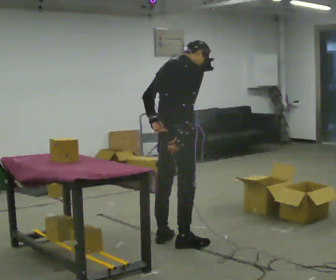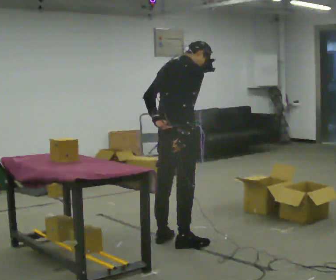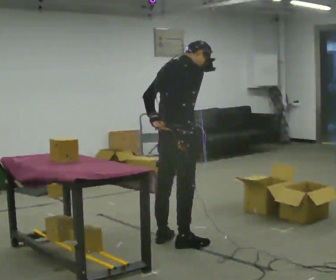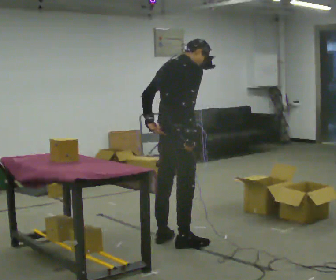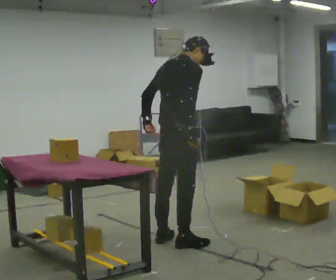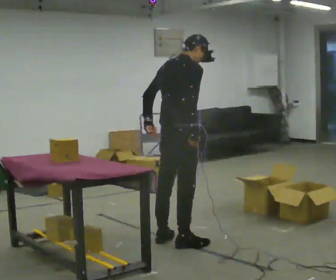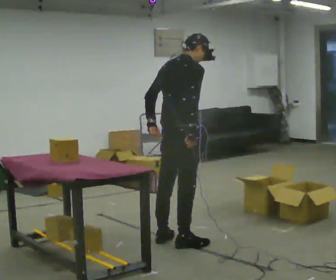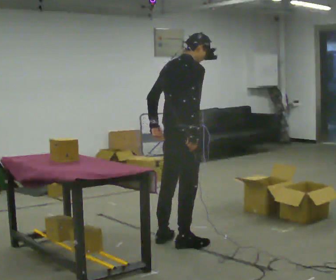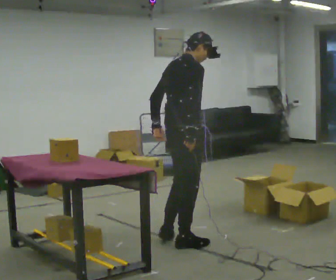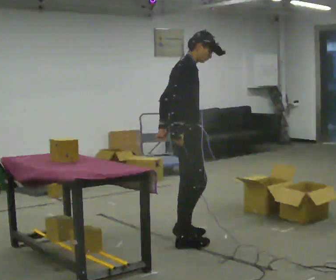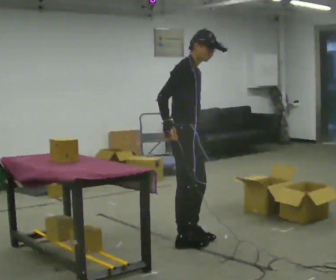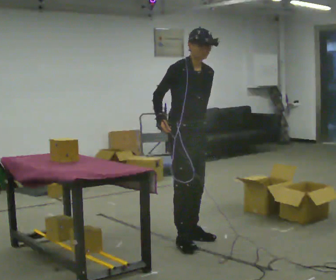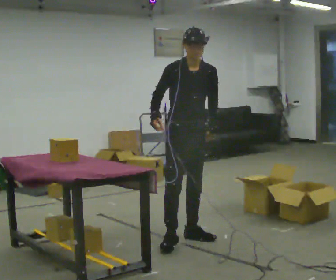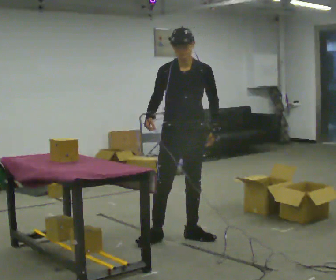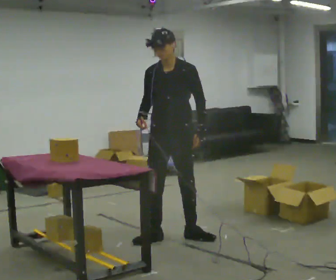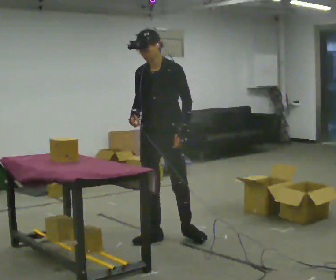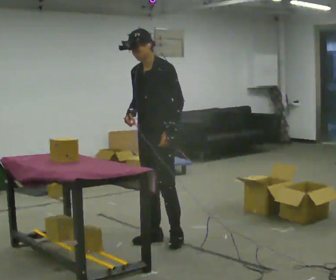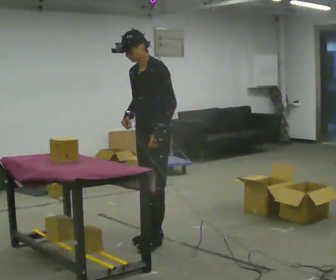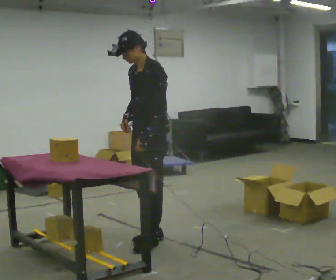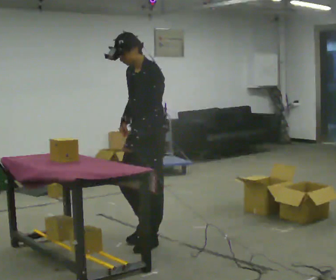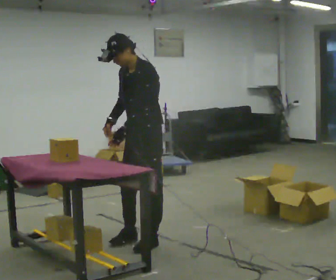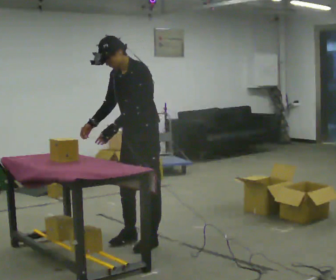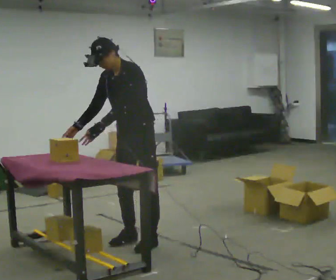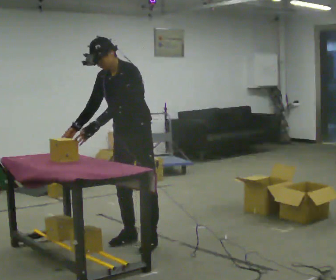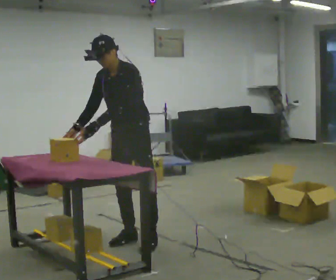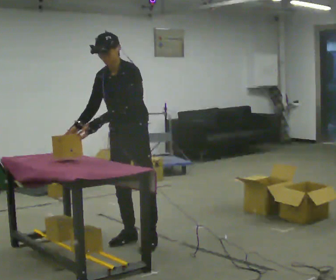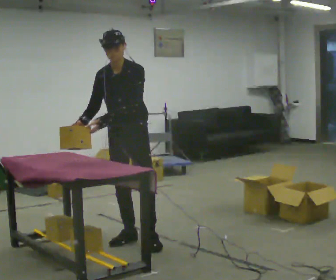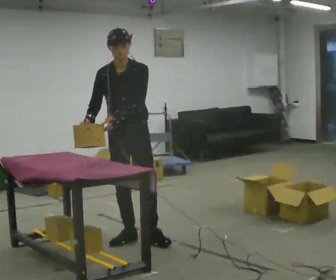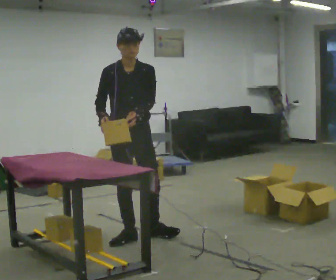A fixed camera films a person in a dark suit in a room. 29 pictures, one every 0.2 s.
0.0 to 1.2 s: The person moves a little, or ends about where they began.
1.2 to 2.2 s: The person turns about 105 degrees to their right, clockwise seen from above, so the part of the body nearest the lens slides to the left. In the picture they go away from the camera, about 0.25 m in 1 step. In the picture their left hand goes to the right.
2.2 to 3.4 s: The part of the body nearest the lens slides to the left as the person turns to their right by about 90 degrees. In the picture they go to the left, about 0.25 m in 1 step. In the picture the upper body tilts counterclockwise, shoulders to the left. In the picture their left hand goes to the left.
3.4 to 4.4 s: In the picture their left hand goes to the left.
4.4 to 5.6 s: The part of the body nearest the lens slides to the right as the person turns to their left by about 60 degrees. In the picture the upper body tilts clockwise, shoulders to the right, as they lean back or straighten.
The film runs forward here.
